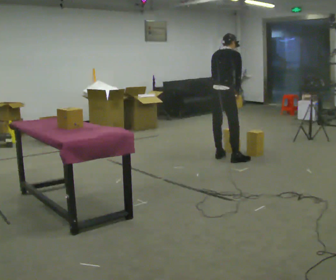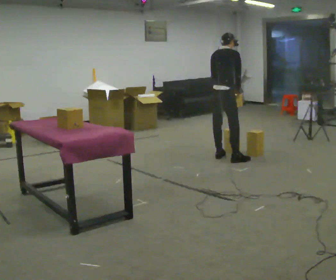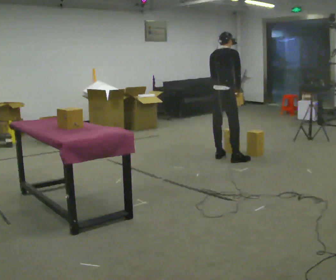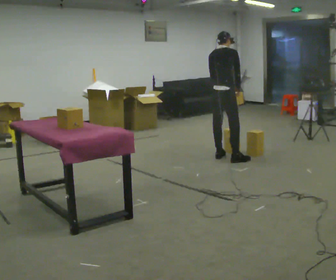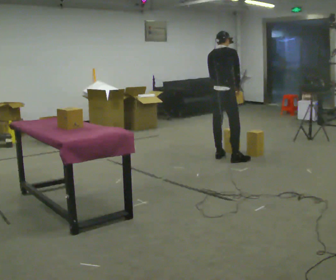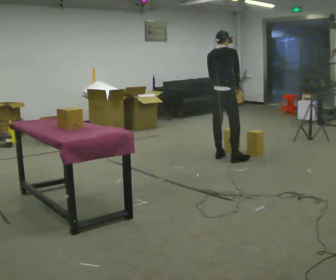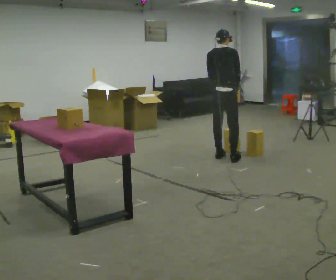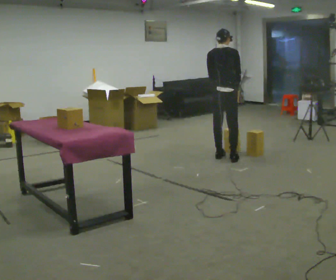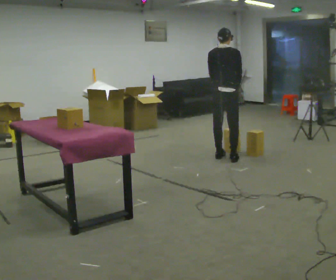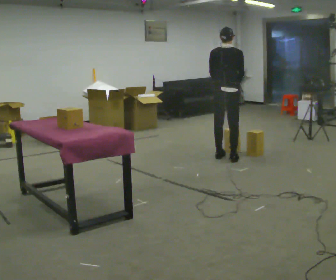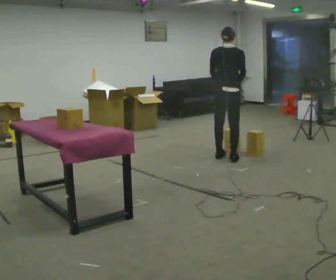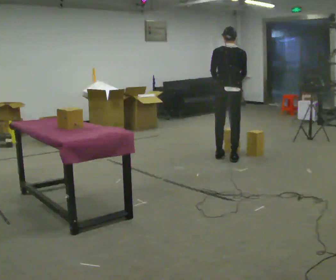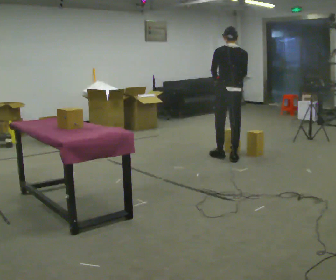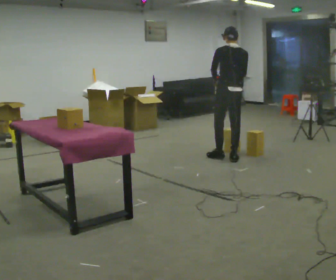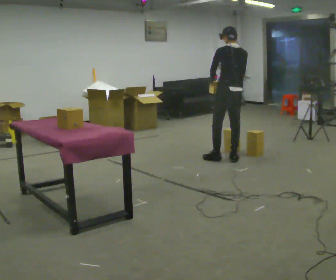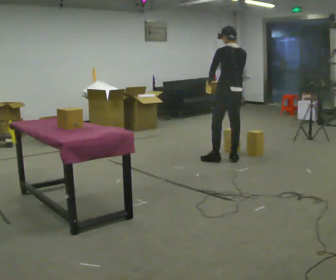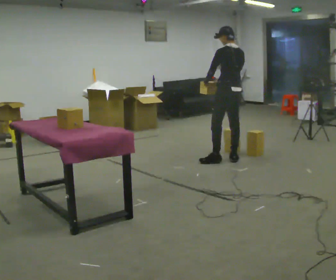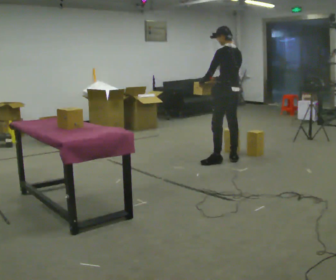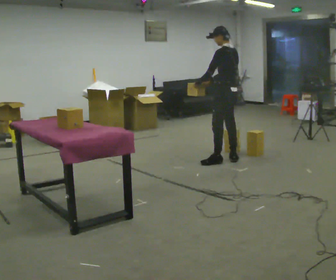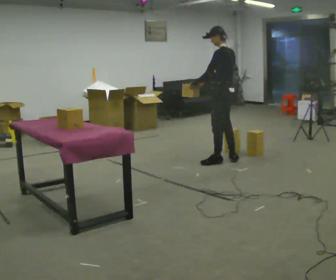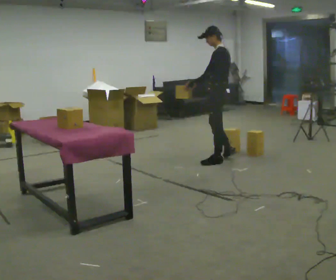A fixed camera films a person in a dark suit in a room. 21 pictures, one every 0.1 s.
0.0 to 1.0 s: Seen from above the body turns counterclockwise, about 30 degrees: to their left, with its near side sliding to the right. The upper body tips toward the camera, its near side rolling downward, as they lean back or straighten.
1.0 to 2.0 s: Seen from above the body turns counterclockwise, about 75 degrees: to their left, with its near side sliding to the right. In the picture they go toward the camera, about 0.25 m in 1 step. In the picture their right hand goes to the left, the arm swinging clockwise.
The film runs forward here.
